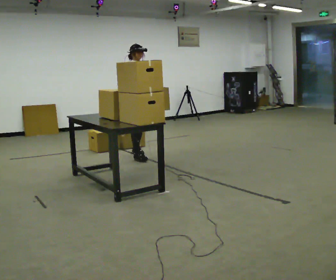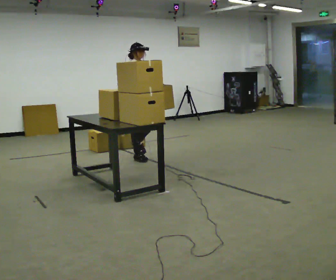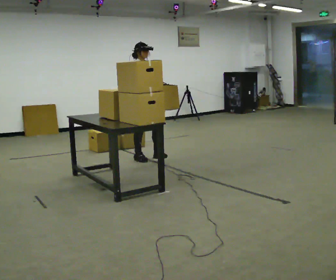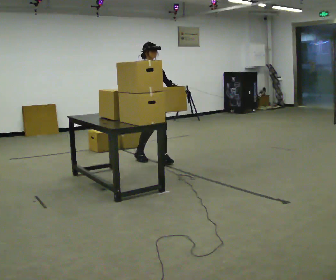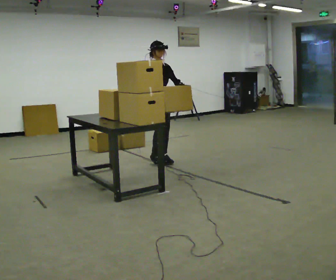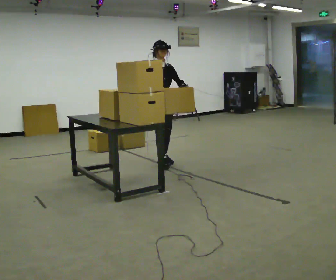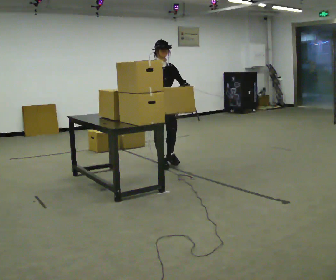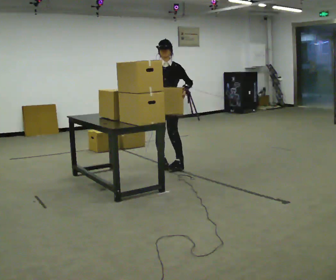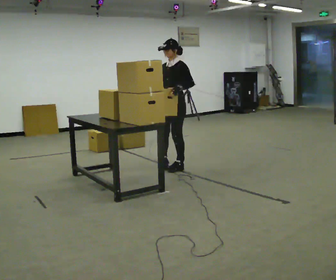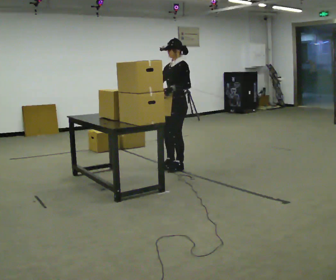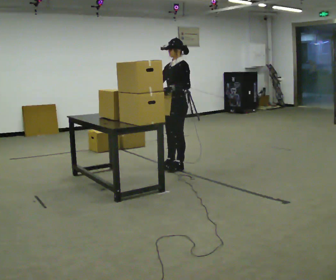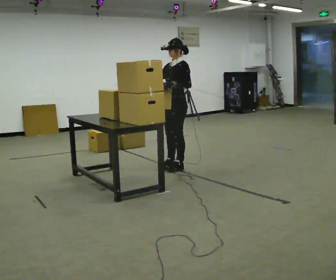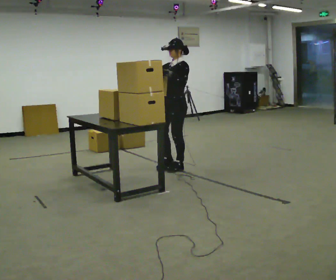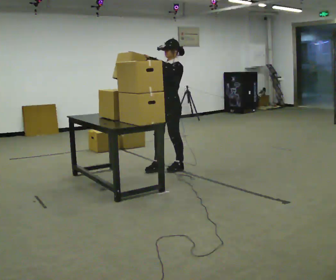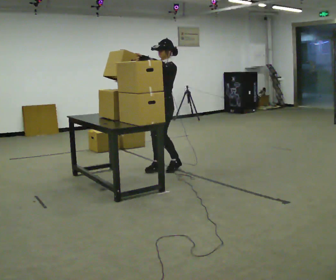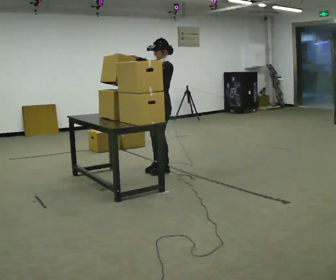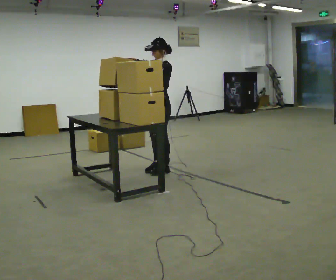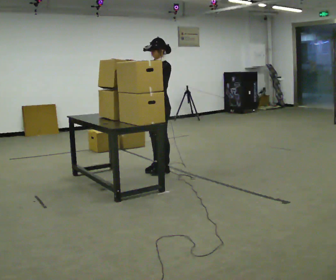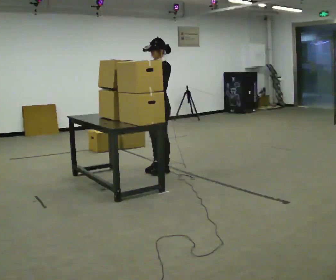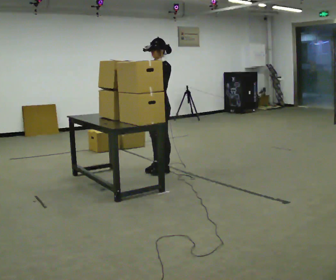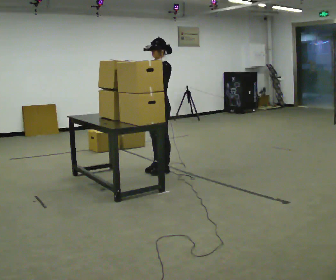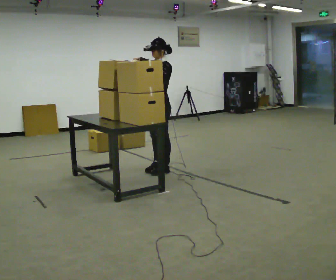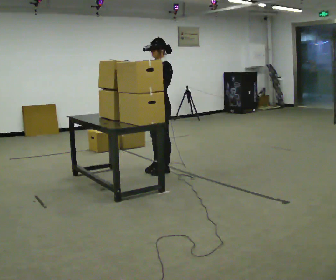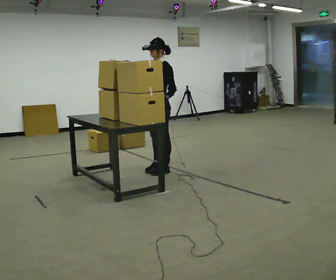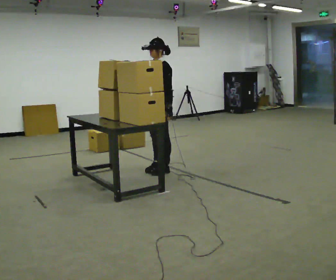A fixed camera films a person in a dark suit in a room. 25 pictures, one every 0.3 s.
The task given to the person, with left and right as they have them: Pick up the next box in the row and carry it to the table. The operator will not tell you how heavy each one is. Keep going until the operator says stop; one object at a time, and do not rush between trips.
0.0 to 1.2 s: In the picture they go to the right and toward the camera, about 0.5 m in 1 step, which for them is forward.
1.2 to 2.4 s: The person turns about 75 degrees to their right, clockwise seen from above, so the part of the body nearest the lens slides to the left. In the picture they go toward the camera and to the right, about 0.5 m in 2 steps.
2.4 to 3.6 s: The person moves a little, or ends about where they began.
3.6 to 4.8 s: In the picture they go to the left, about 0.25 m in 2 steps, which for them is forward.
4.8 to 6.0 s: The person keeps their place and pose.
6.0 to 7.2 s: In the picture their right hand goes downward and to the right, the arm swinging counterclockwise.
The film runs forward here.
